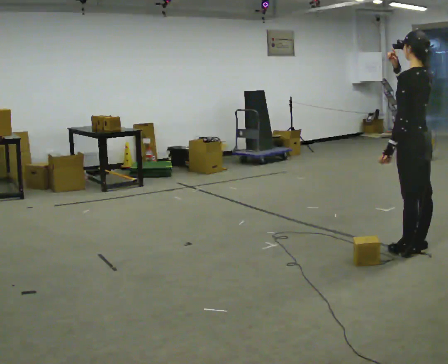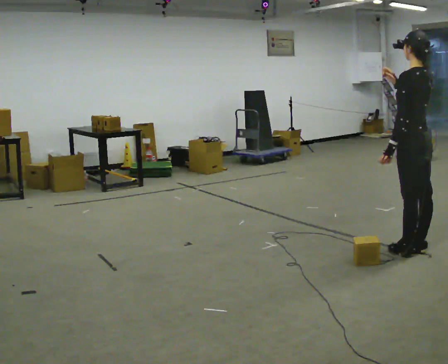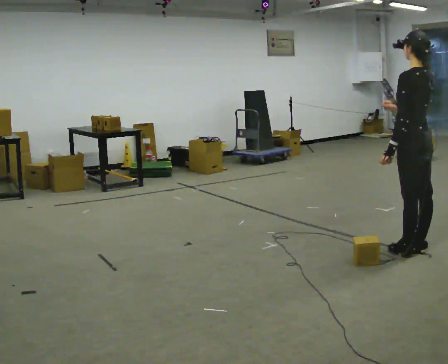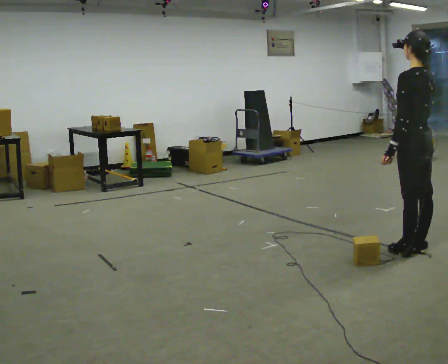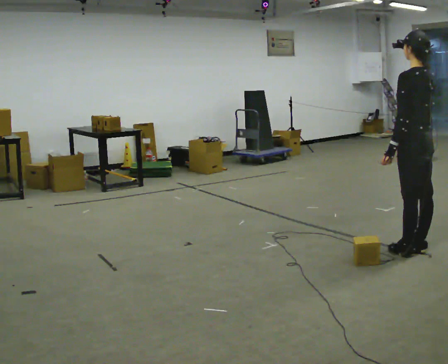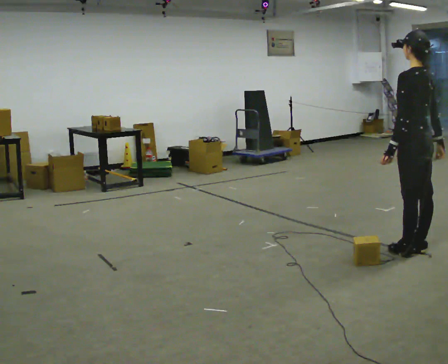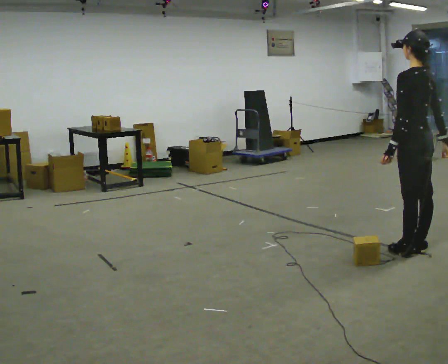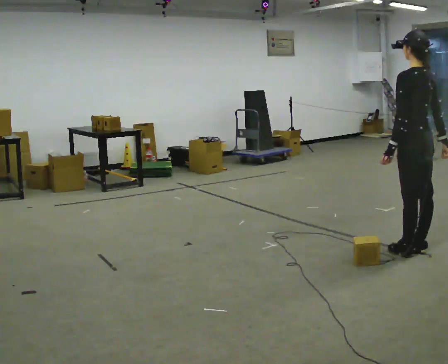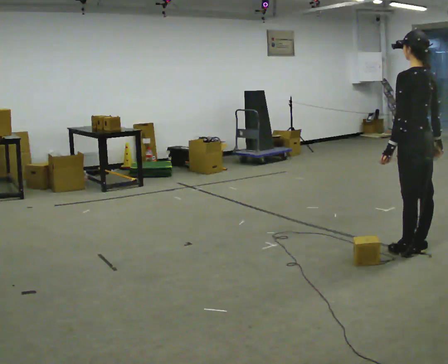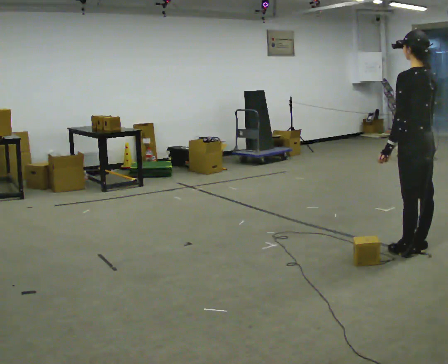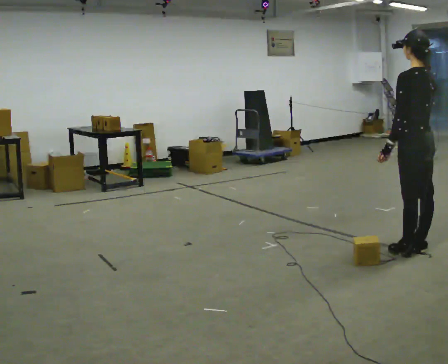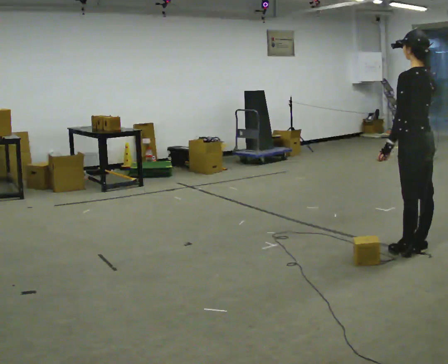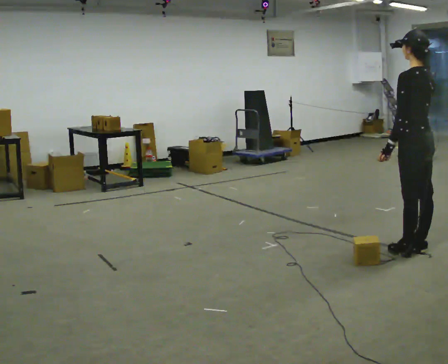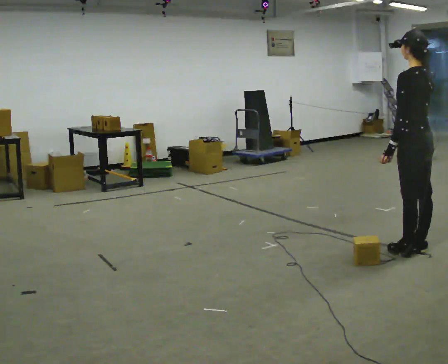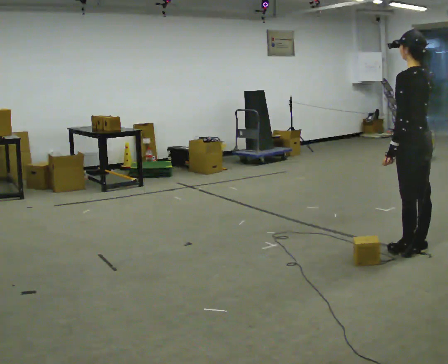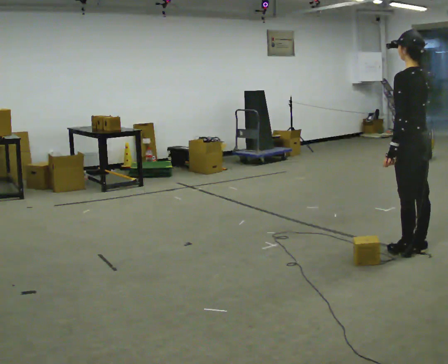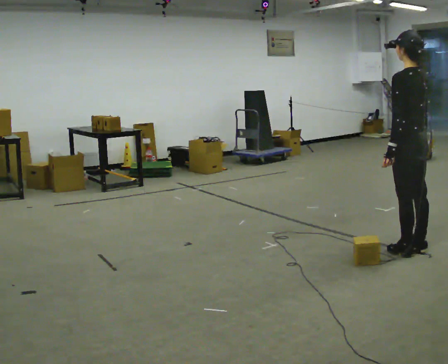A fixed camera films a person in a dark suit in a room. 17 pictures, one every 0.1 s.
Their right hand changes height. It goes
downward.
0.0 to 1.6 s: In the picture their right hand goes downward.
The film runs forward here.
